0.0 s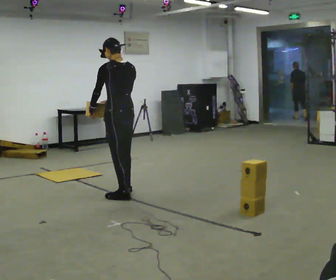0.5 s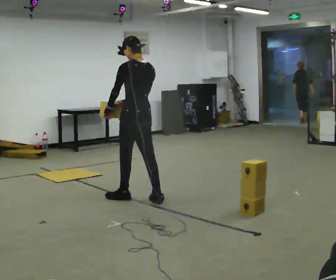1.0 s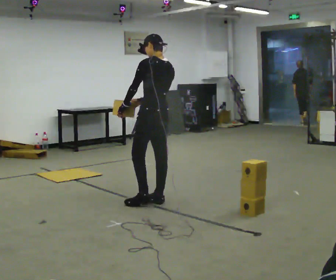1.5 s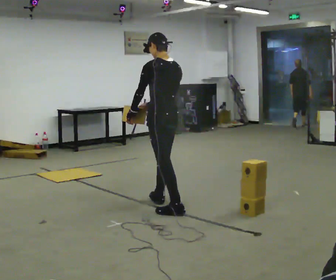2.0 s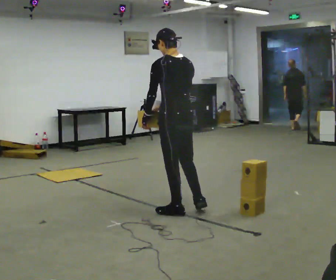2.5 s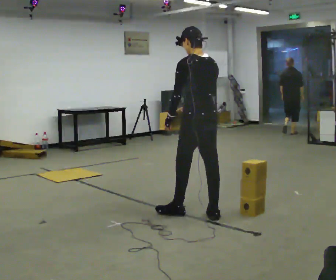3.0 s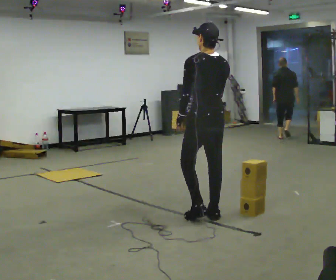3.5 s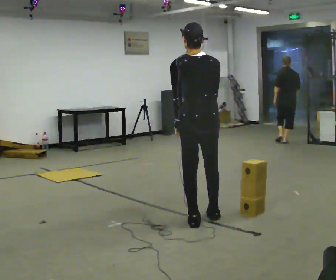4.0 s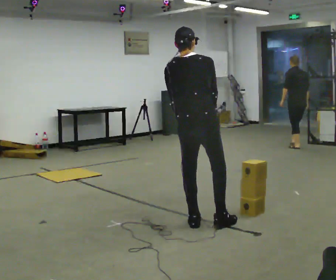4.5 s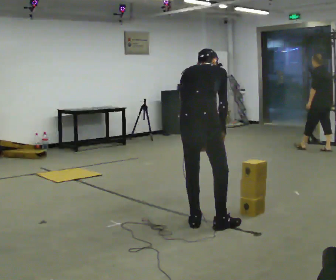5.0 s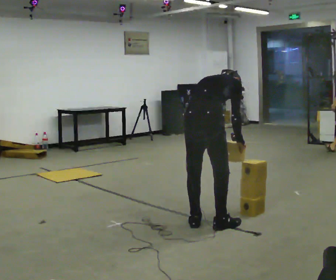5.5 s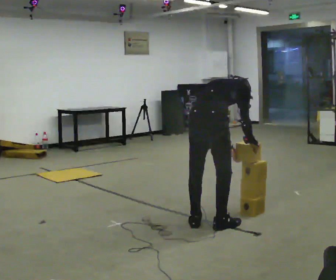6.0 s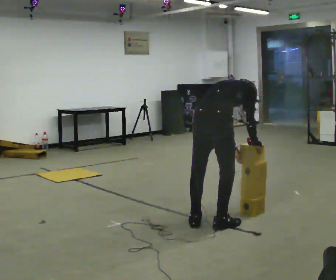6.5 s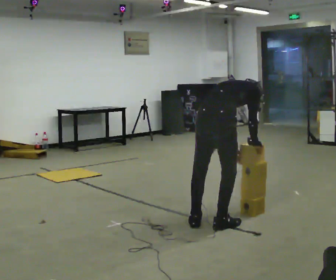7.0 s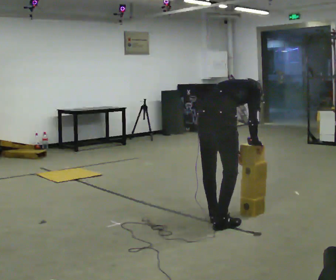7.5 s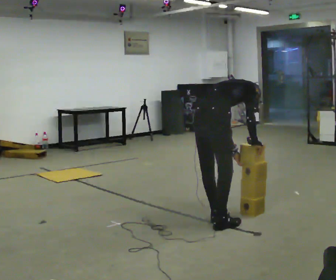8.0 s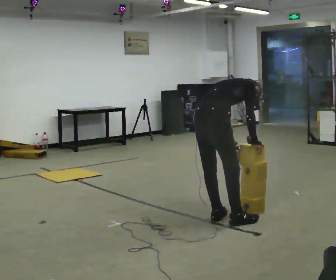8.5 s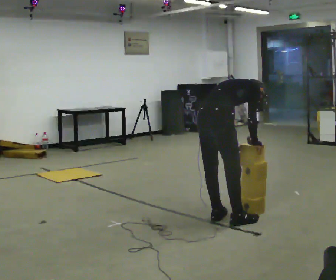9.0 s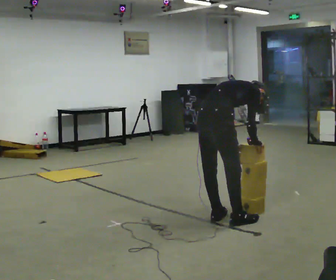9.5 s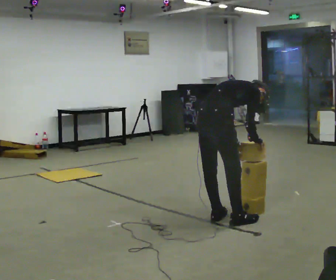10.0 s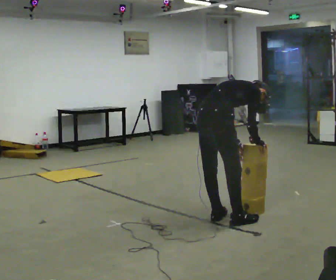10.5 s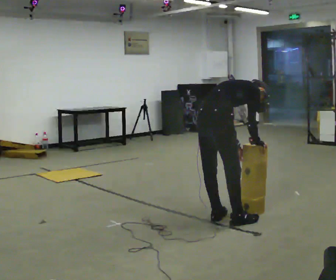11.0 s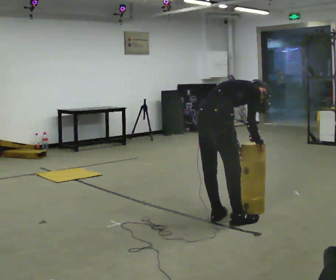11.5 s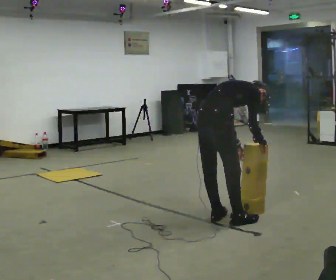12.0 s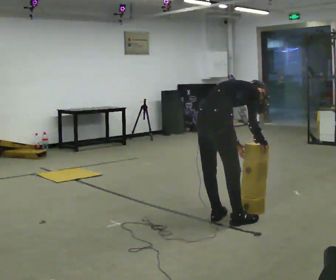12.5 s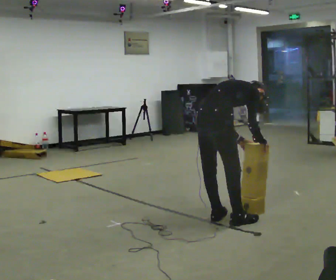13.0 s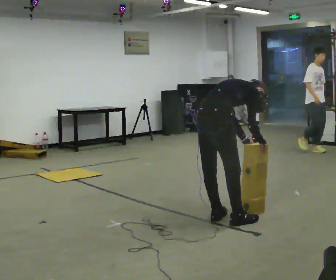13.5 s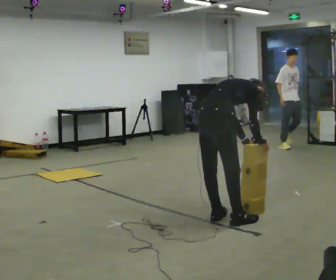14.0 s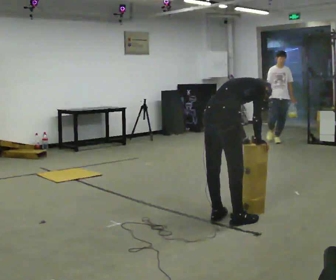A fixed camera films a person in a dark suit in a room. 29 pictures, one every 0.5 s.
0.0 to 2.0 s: In the picture they go to the right and toward the camera, about 1 m in 2 steps, which for them is backward.
2.0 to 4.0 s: The person turns about 45 degrees to their right, clockwise seen from above, so the part of the body nearest the lens slides to the left. In the picture they go toward the camera and to the right, about 0.5 m in 2 steps, which for them is backward.
4.0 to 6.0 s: The shoulders move downward. The upper body tips away from the camera, its near side rolling upward, as they bend forward. In the picture their left hand goes to the right.
6.0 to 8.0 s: In the picture they go away from the camera, about 0.25 m in 2 steps, which for them is forward and to their left.
8.0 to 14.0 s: The person moves a little, or ends about where they began.
The film runs backward here.
